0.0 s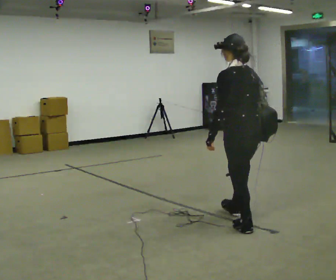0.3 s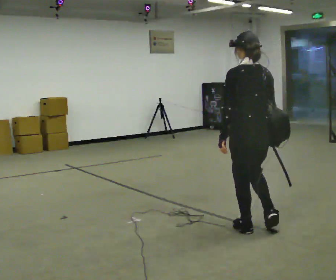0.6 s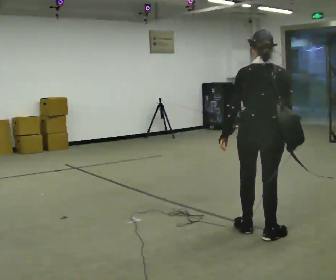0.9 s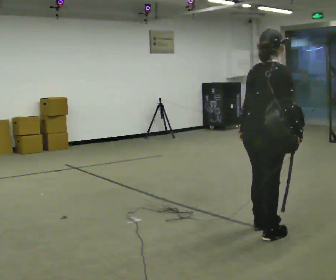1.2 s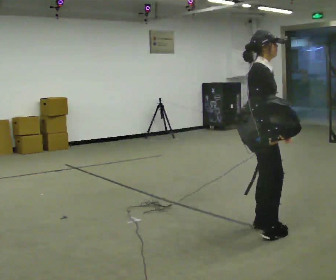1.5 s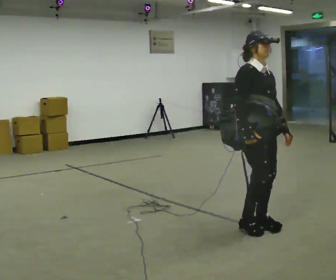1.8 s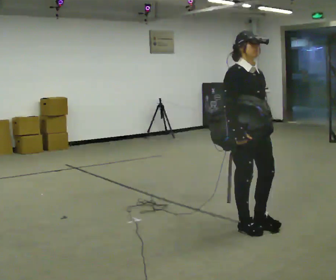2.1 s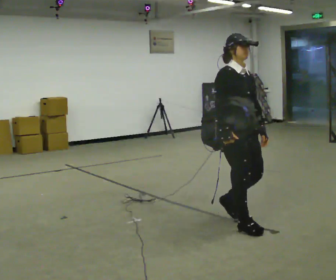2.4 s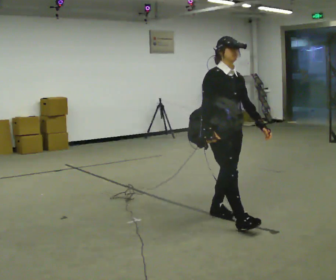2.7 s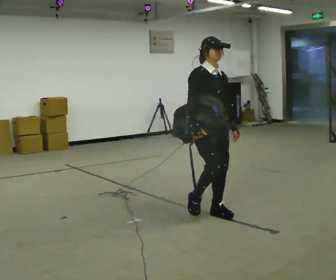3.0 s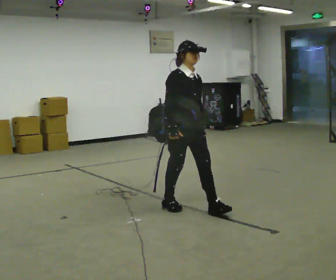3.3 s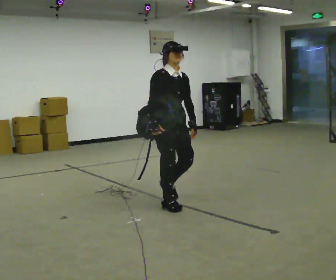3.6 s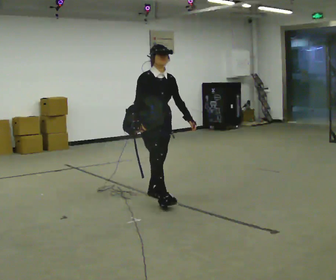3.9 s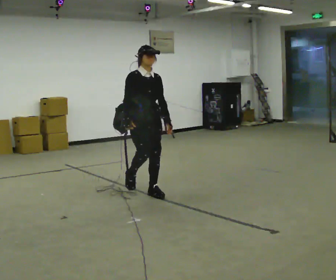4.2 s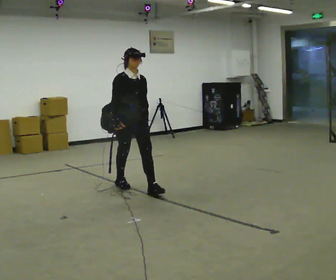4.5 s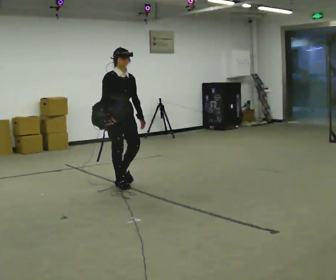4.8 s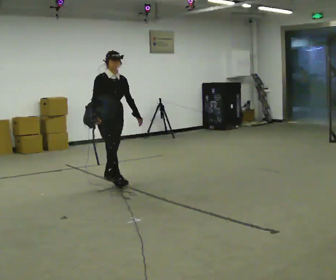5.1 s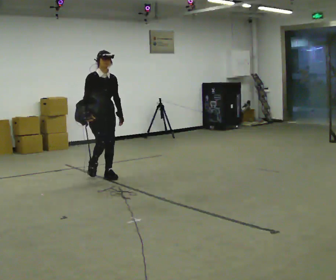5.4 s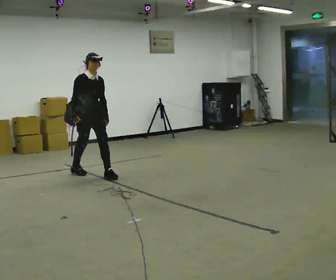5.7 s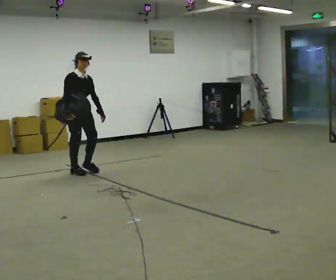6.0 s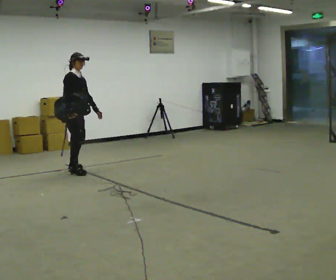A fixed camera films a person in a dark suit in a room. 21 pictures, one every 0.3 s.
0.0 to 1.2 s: The person turns about 135 degrees to their right, clockwise seen from above, so the part of the body nearest the lens slides to the left. In the picture they go toward the camera, about 0.25 m.
1.2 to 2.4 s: Seen from above the body turns clockwise, about 45 degrees: to their right, with its near side sliding to the left. In the picture they go away from the camera and to the left, about 0.5 m in 3 steps, which for them is backward.
2.4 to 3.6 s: In the picture they go away from the camera and to the left, about 1 m in 2 steps, which for them is backward.
3.6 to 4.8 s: In the picture they go away from the camera and to the left, about 1 m in 1 step, which for them is backward.
4.8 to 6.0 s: The person turns about 45 degrees to their left, counterclockwise seen from above, so the part of the body nearest the lens slides to the right. In the picture they go to the left and away from the camera, about 0.5 m in 2 steps, which for them is backward.
The film runs backward here.
